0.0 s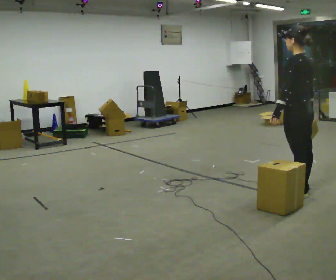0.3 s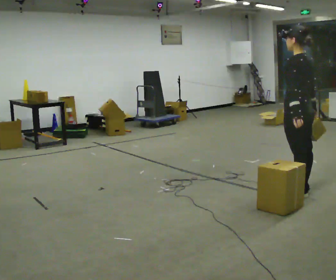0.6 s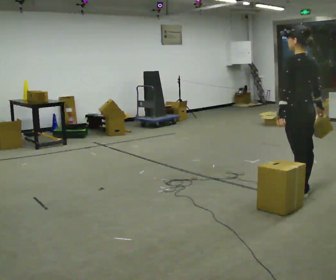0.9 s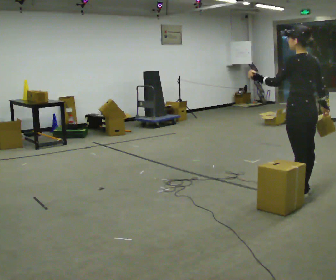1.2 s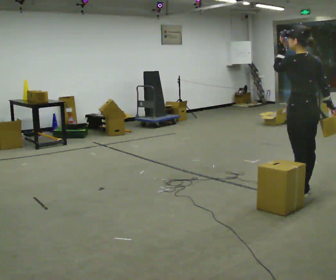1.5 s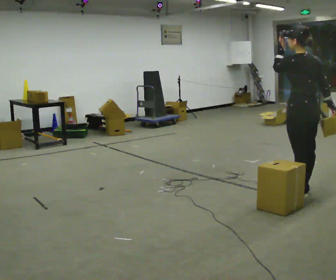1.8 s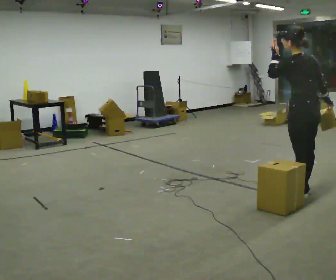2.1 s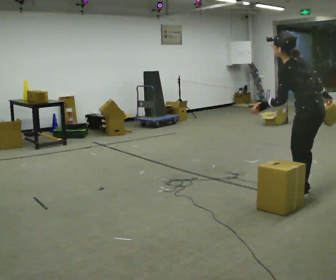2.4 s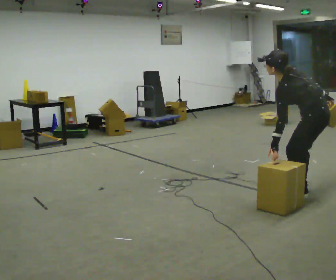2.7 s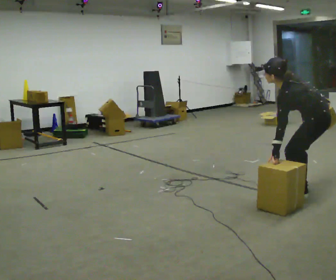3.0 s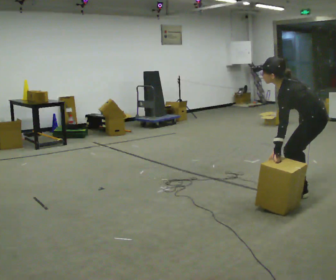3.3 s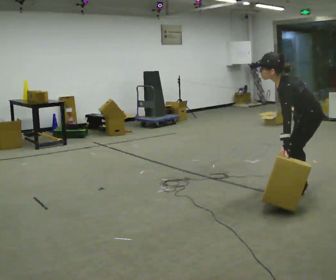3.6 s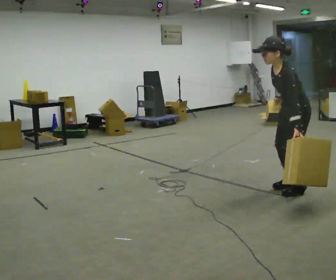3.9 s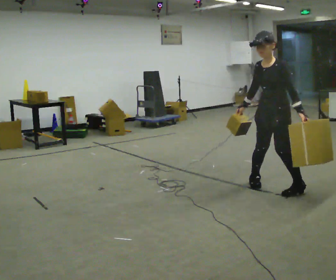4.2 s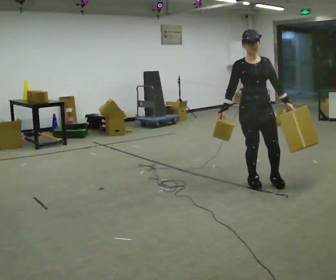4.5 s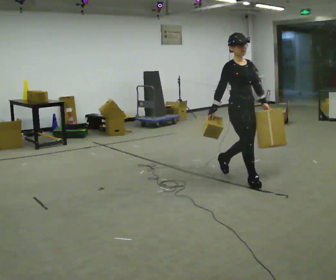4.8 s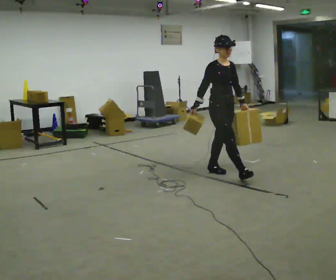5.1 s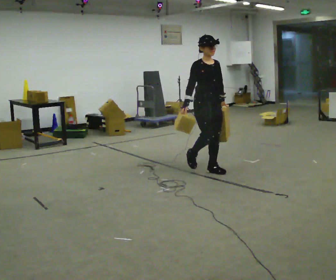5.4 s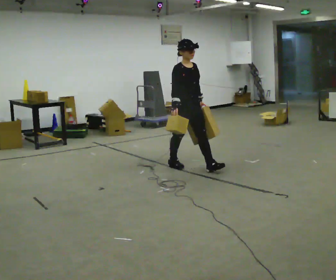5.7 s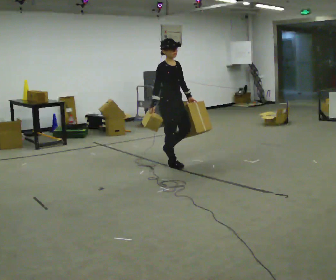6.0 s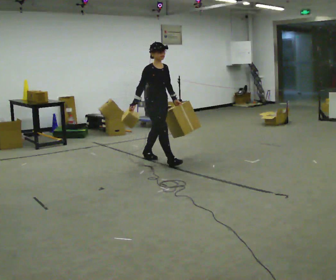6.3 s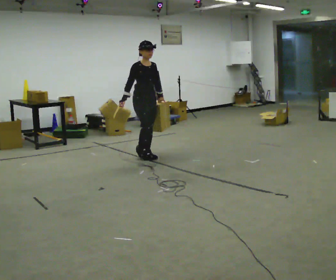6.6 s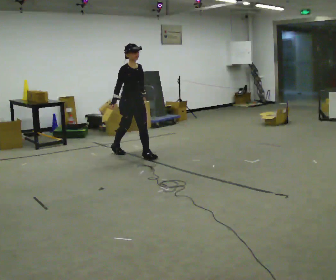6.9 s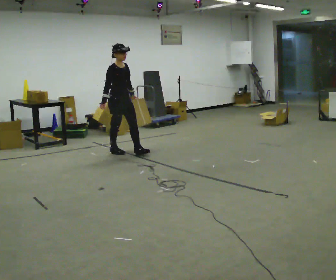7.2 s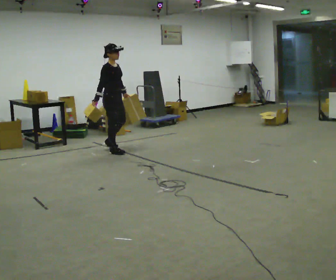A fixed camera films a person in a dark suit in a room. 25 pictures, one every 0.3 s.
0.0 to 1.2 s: In the picture their left hand goes upward.
1.2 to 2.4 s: In the picture the upper body tilts counterclockwise, shoulders to the left, as they bend forward. In the picture their left hand goes downward.
2.4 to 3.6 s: The person turns about 45 degrees to their left, counterclockwise seen from above, so the part of the body nearest the lens slides to the right. In the picture they go away from the camera, about 0.25 m, which for them is forward. The upper body tips toward the camera, its near side rolling downward. In the picture their right hand goes to the left.
3.6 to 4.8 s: Seen from above the body turns counterclockwise, about 150 degrees: to their left, with its near side sliding to the right. In the picture they go to the left and away from the camera, about 1 m in 2 steps. In the picture the upper body tilts clockwise, shoulders to the right, as they lean back or straighten.
4.8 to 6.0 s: In the picture they go to the left and away from the camera, about 1 m in 2 steps, which for them is backward.
6.0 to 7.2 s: In the picture they go to the left and away from the camera, about 1 m in 2 steps, which for them is backward.
The film runs backward here.
